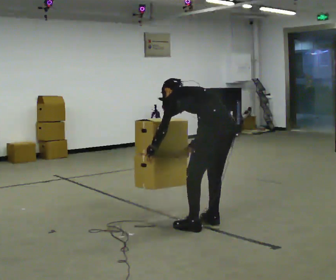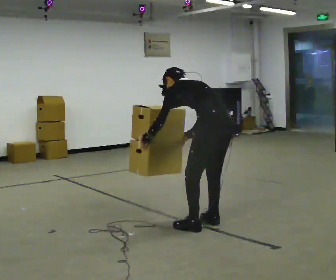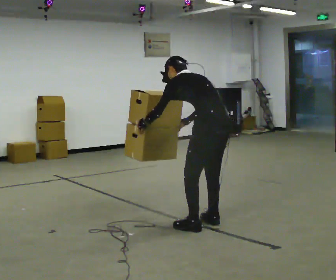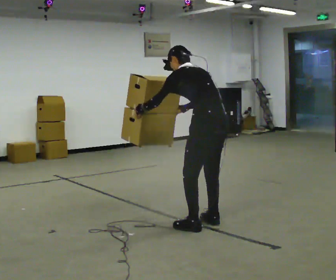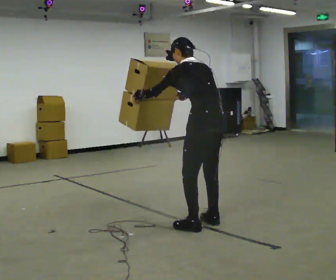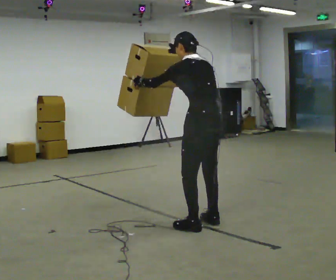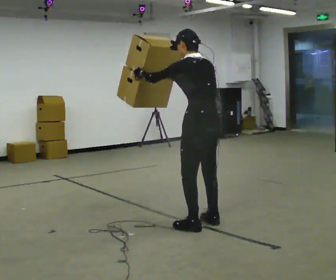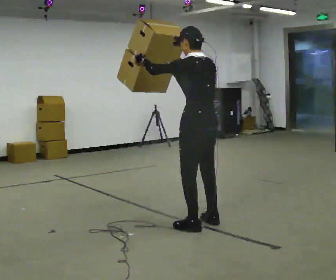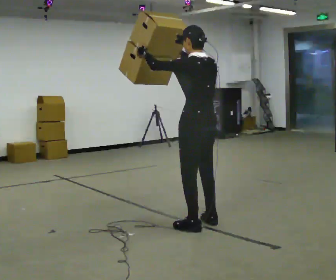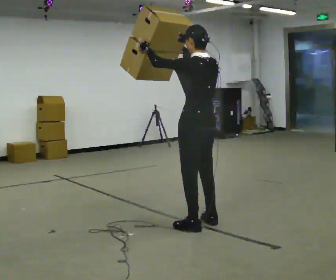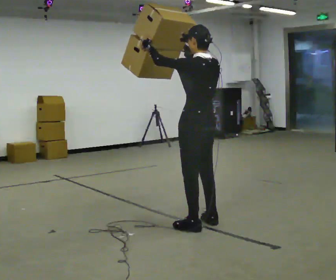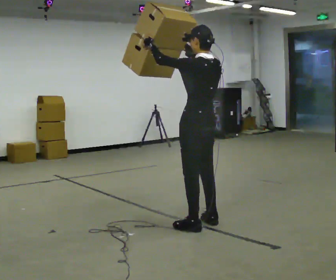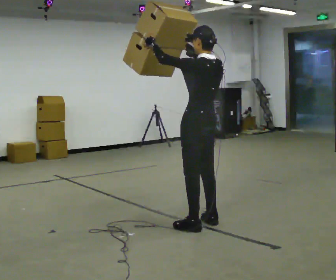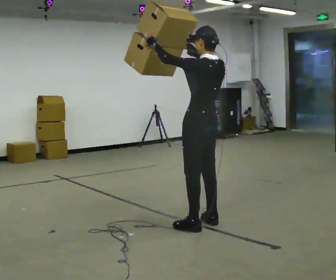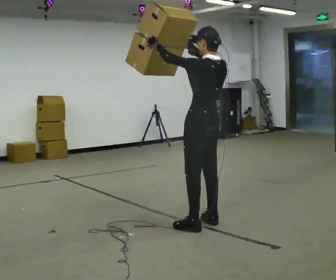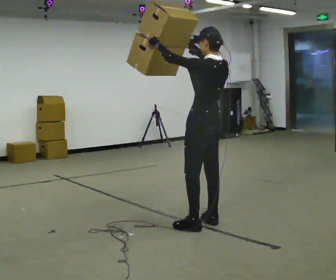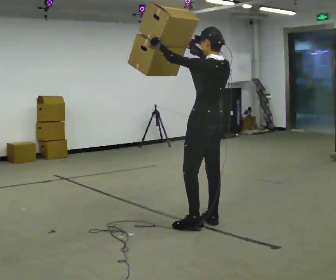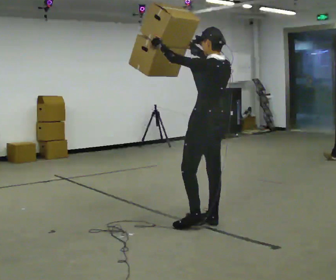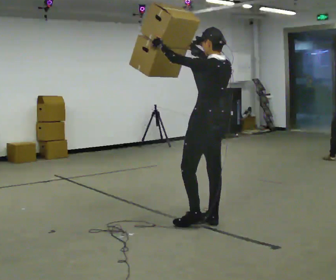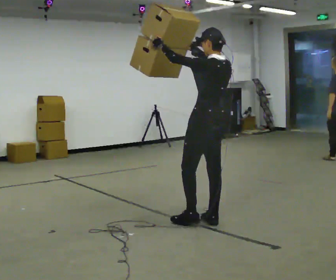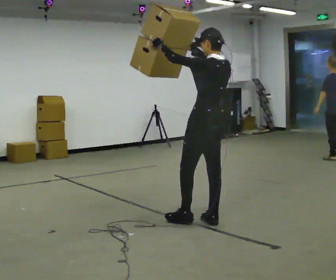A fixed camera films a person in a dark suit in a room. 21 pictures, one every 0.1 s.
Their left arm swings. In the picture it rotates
clockwise.
Their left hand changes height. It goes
upward.
0.0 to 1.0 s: In the picture they go away from the camera, about 0.25 m, which for them is forward. The shoulders move upward. In the picture the upper body tilts clockwise, shoulders to the right, as they lean back or straighten. In the picture their right hand goes upward.
1.0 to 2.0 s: In the picture they go away from the camera, about 0.25 m, which for them is to their right.
The film runs forward here.
